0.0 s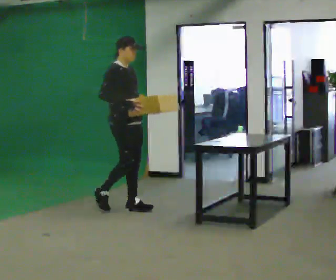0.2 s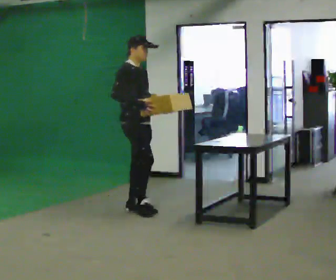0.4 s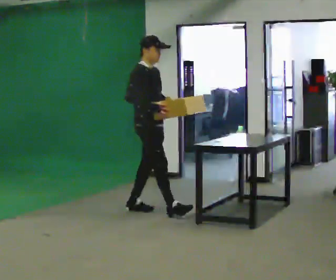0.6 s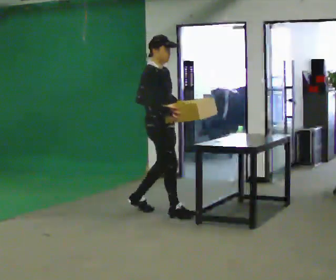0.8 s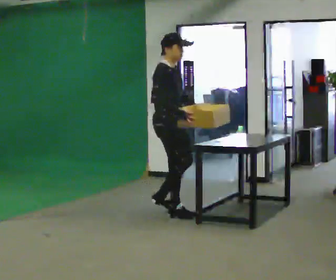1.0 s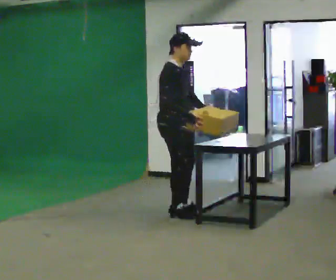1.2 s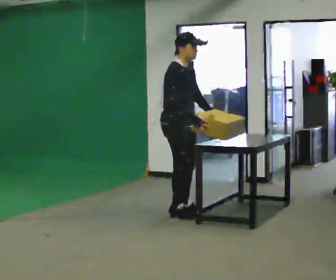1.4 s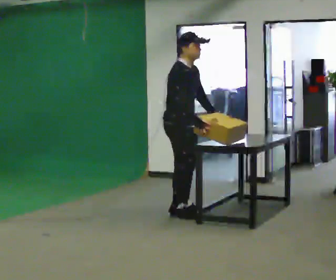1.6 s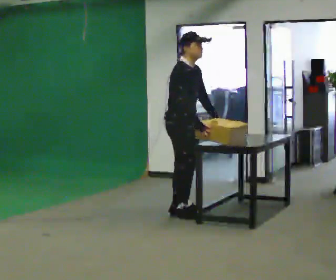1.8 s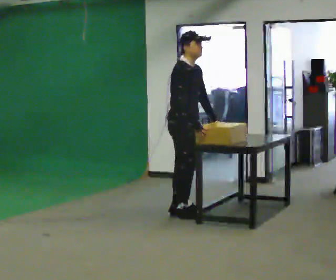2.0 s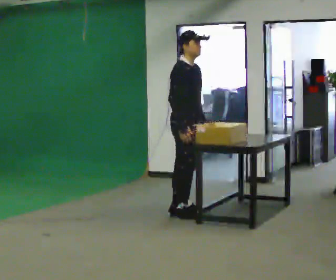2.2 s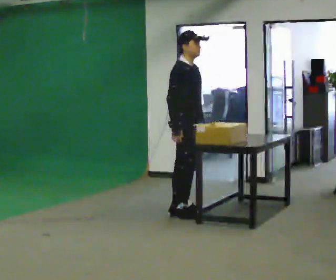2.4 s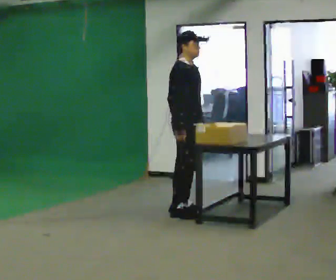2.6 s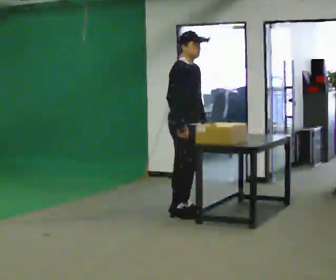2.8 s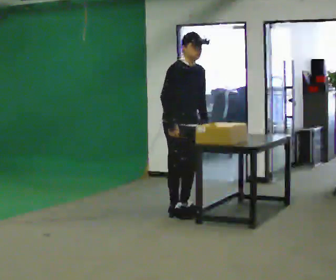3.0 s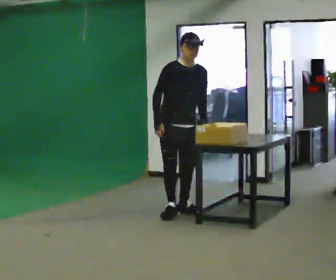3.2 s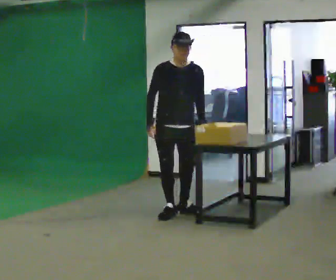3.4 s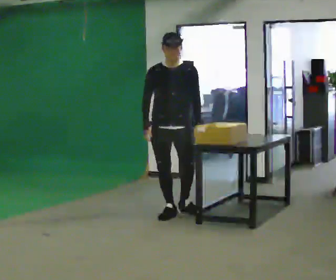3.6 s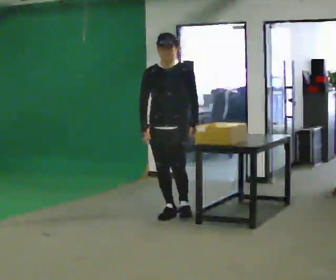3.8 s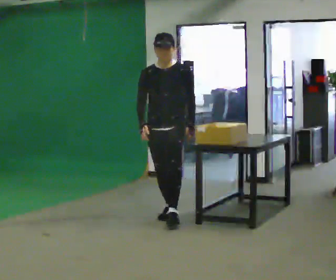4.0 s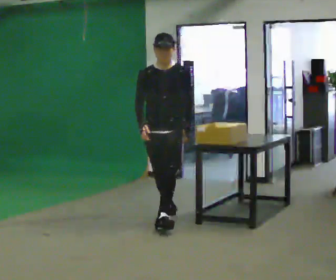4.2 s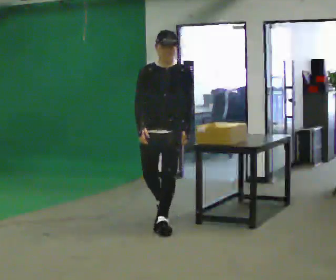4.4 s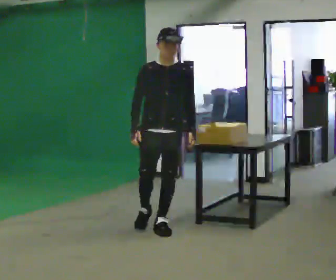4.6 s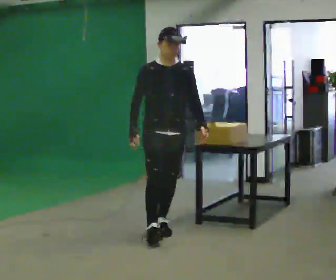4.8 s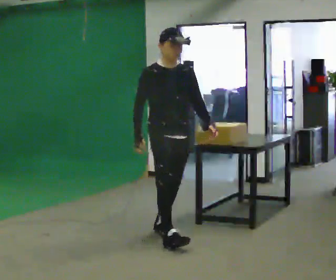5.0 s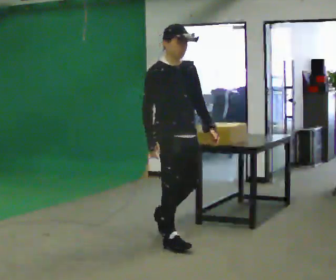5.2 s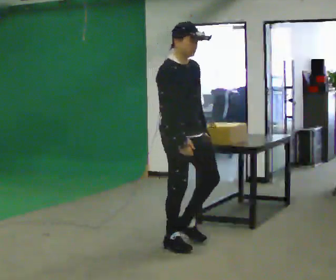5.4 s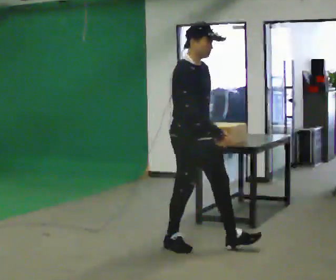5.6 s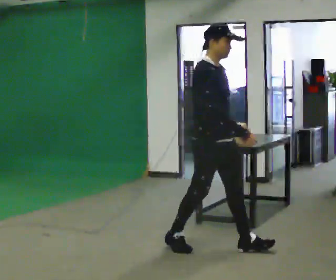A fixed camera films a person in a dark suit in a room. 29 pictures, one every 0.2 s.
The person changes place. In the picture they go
toward the camera.
0.0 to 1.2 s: In the picture they go to the right and toward the camera, about 0.5 m in 2 steps, which for them is forward.
1.2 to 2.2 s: The person moves a little, or ends about where they began.
2.2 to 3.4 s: The part of the body nearest the lens slides to the left as the person turns to their right by about 60 degrees. In the picture they go to the left, about 0.25 m.
3.4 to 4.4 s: In the picture they go toward the camera, about 0.5 m in 1 step, which for them is forward.
4.4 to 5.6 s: The part of the body nearest the lens slides to the right as the person turns to their left by about 60 degrees. In the picture they go toward the camera and to the right, about 1 m in 2 steps, which for them is forward.
The film runs forward here.
